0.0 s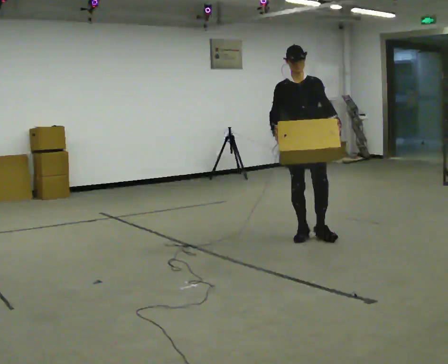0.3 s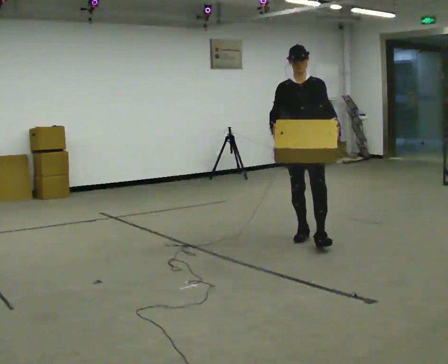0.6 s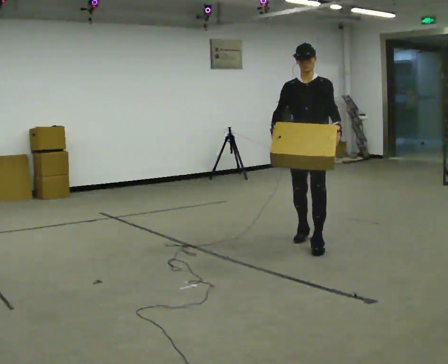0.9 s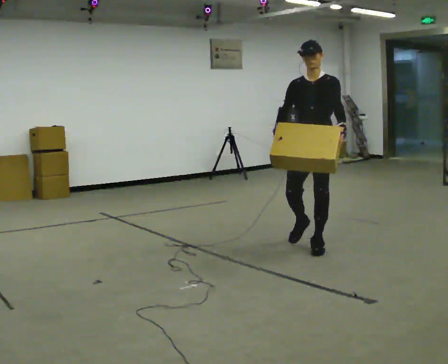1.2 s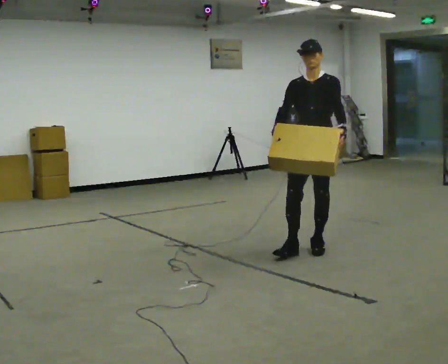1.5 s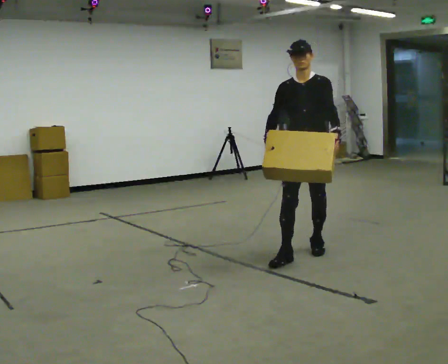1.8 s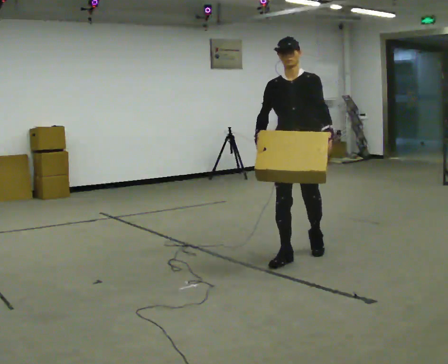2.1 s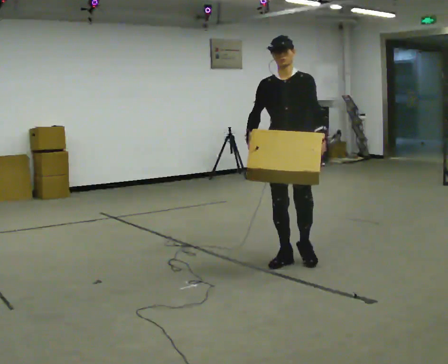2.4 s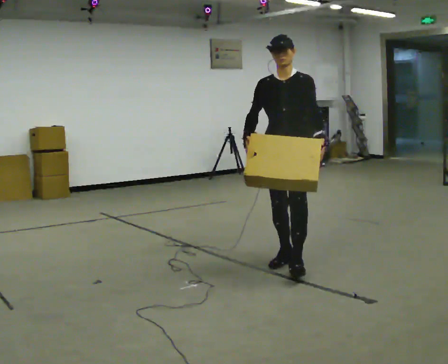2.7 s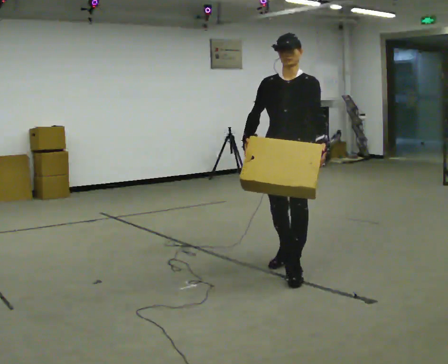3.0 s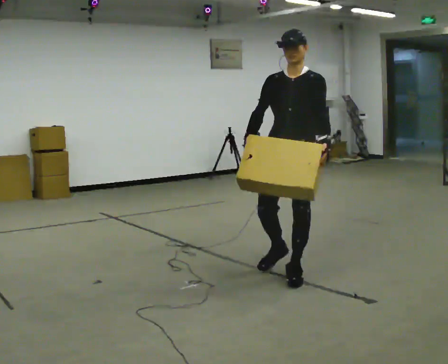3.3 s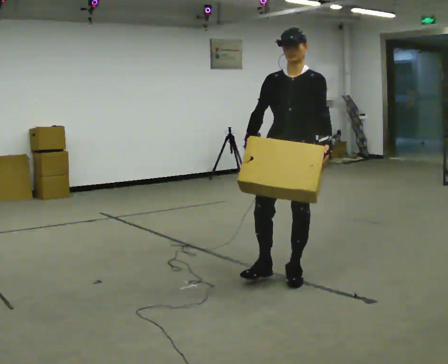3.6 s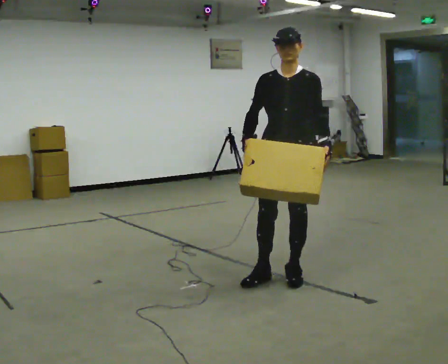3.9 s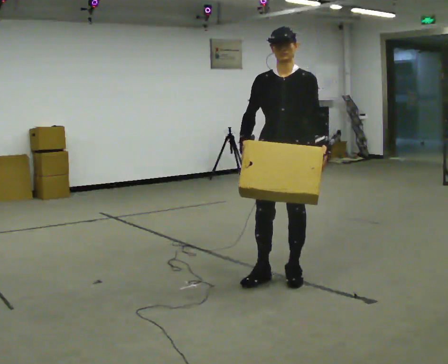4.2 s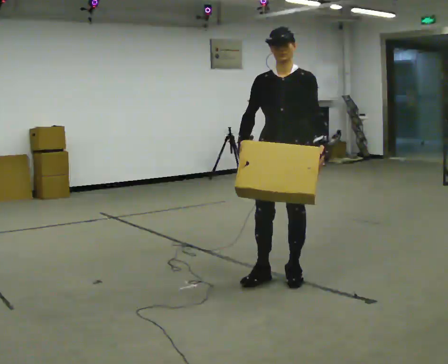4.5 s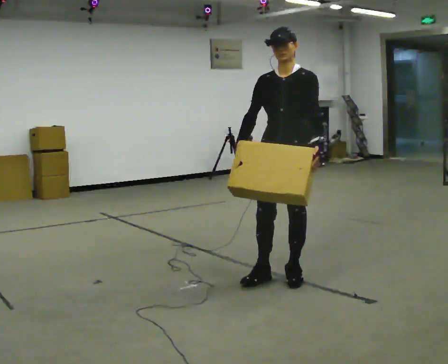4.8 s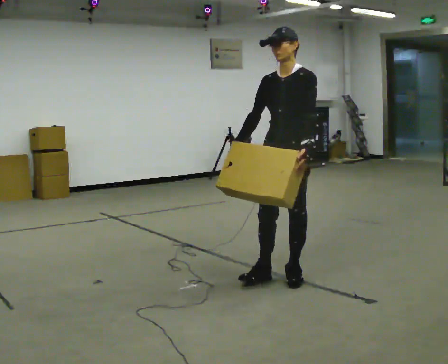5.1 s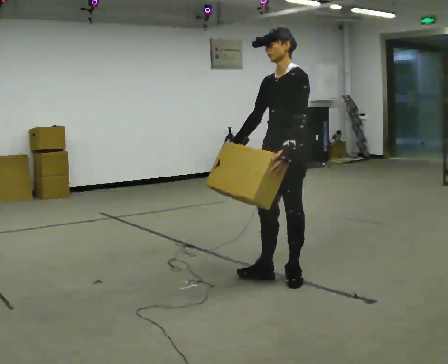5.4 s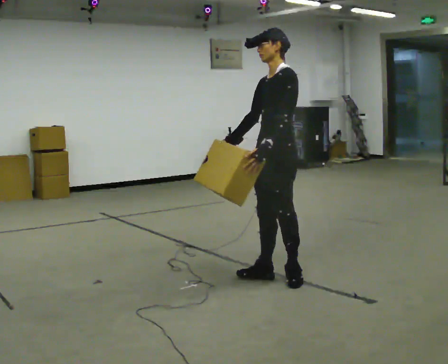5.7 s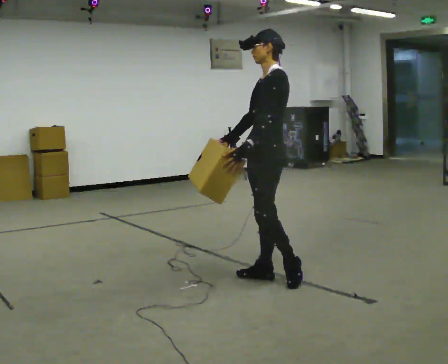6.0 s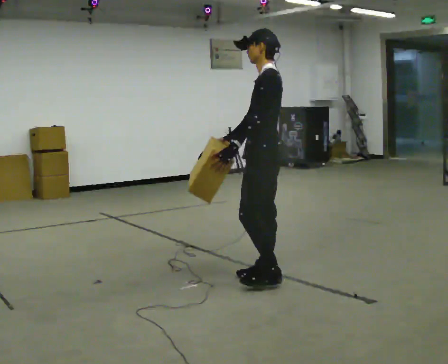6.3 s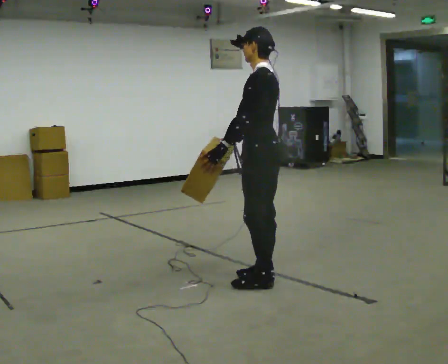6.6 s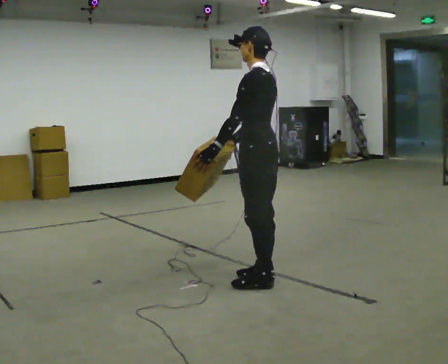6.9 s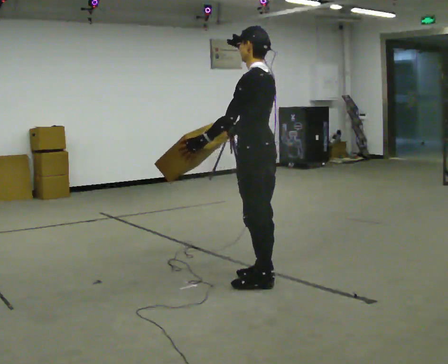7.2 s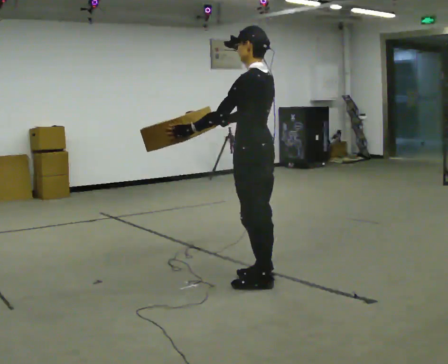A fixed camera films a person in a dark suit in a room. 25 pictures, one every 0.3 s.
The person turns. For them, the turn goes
to their right.
Their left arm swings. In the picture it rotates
clockwise.
0.0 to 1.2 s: In the picture they go toward the camera, about 0.5 m in 1 step, which for them is forward.
1.2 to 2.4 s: In the picture they go toward the camera and to the left, about 0.5 m in 1 step, which for them is forward and to their right.
2.4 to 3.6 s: In the picture they go toward the camera, about 0.25 m in 2 steps, which for them is forward.
3.6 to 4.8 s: The person moves a little, or ends about where they began.
4.8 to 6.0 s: Seen from above the body turns clockwise, about 60 degrees: to their right, with its near side sliding to the left. In the picture their left hand goes to the left.
6.0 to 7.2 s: The person moves a little, or ends about where they began.
The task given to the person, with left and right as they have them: Carry the medium box in both hands in front of you, walking back and forth across the room. Keep walking until the operator says stop.
The film runs forward here.
